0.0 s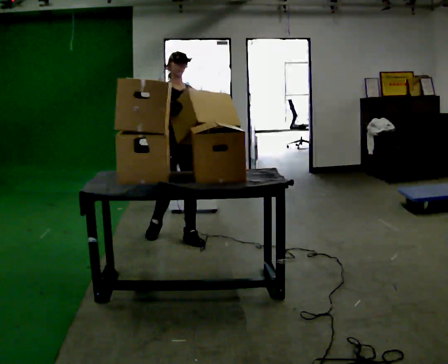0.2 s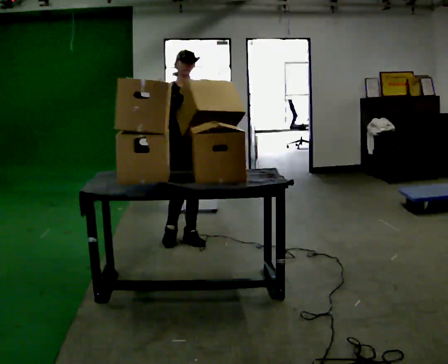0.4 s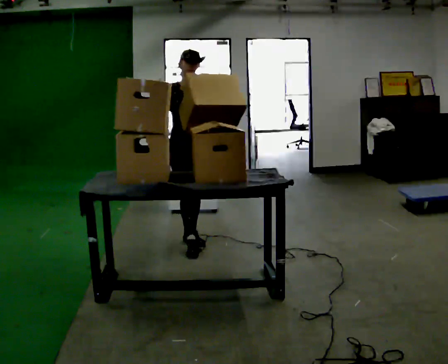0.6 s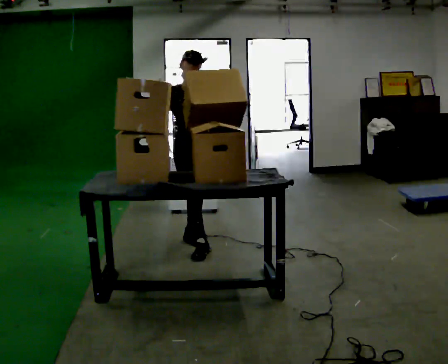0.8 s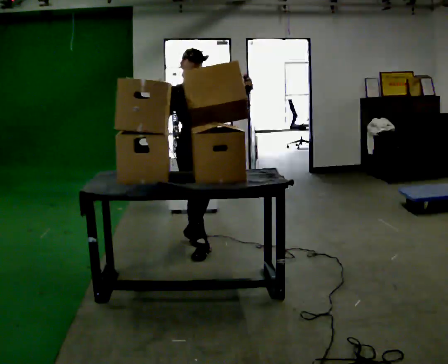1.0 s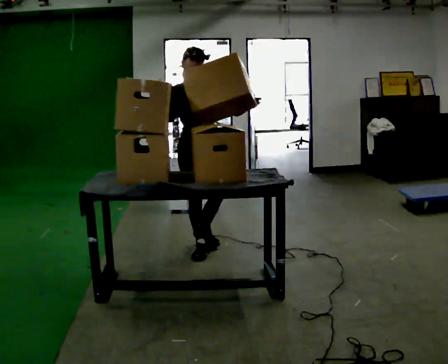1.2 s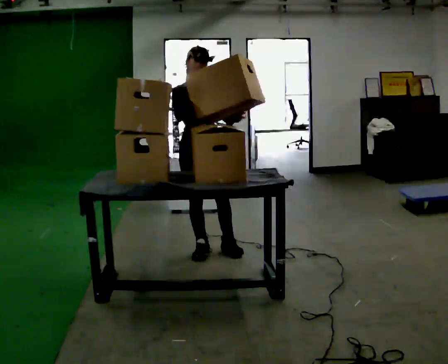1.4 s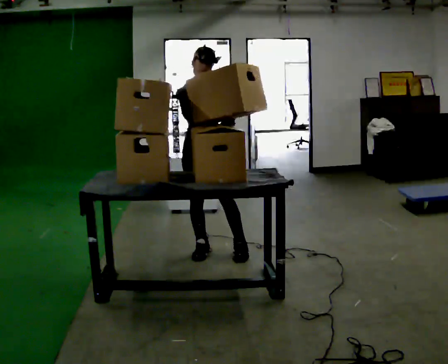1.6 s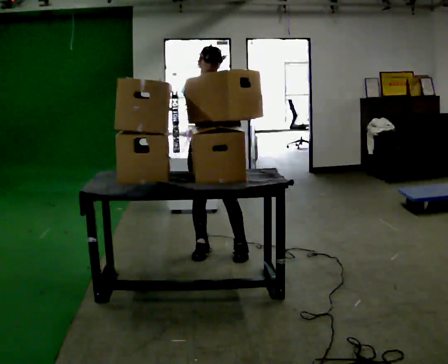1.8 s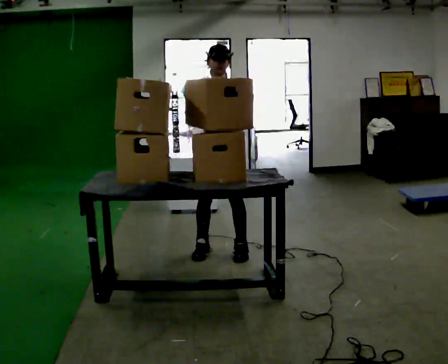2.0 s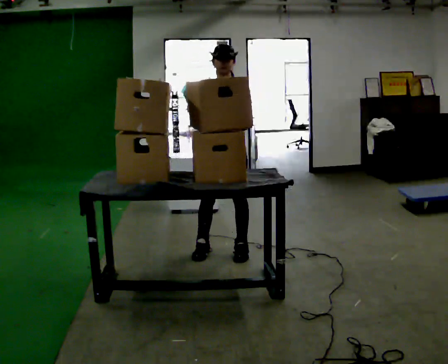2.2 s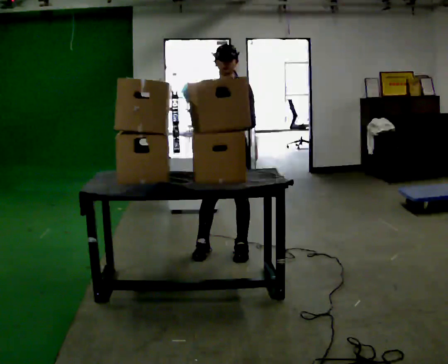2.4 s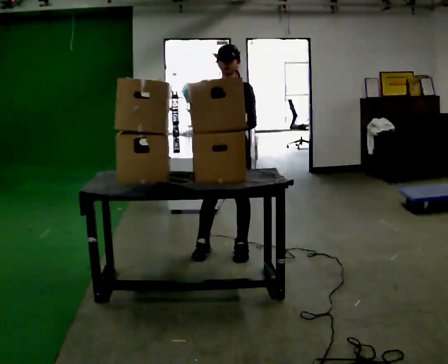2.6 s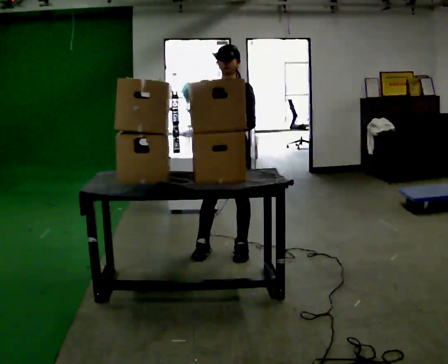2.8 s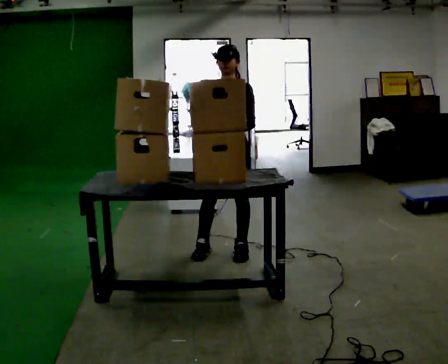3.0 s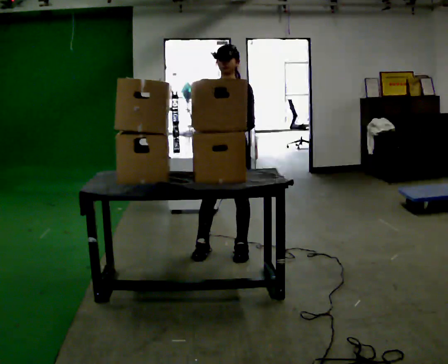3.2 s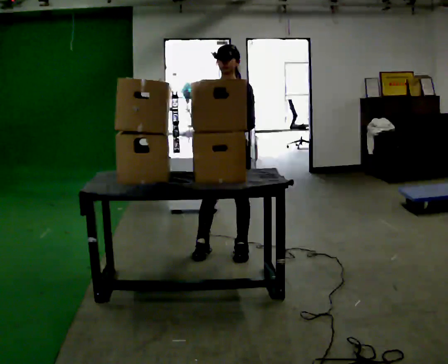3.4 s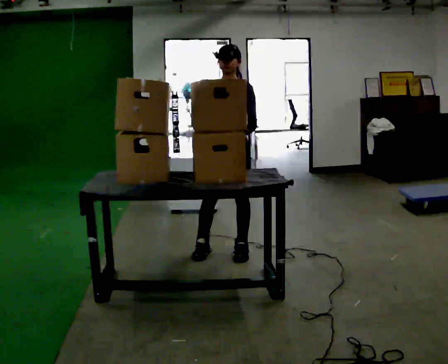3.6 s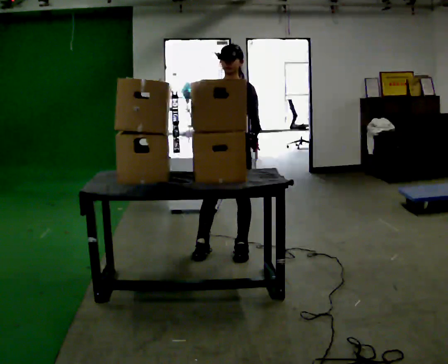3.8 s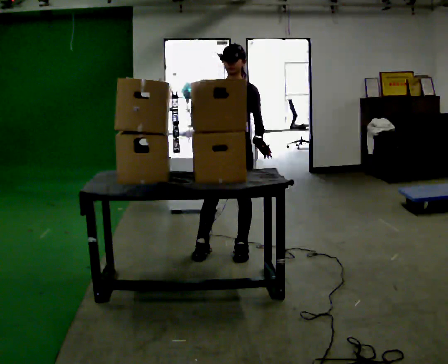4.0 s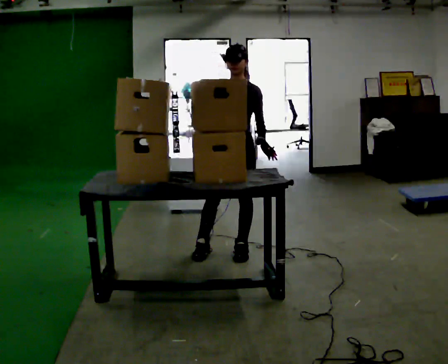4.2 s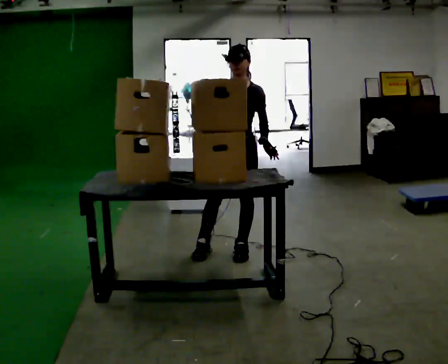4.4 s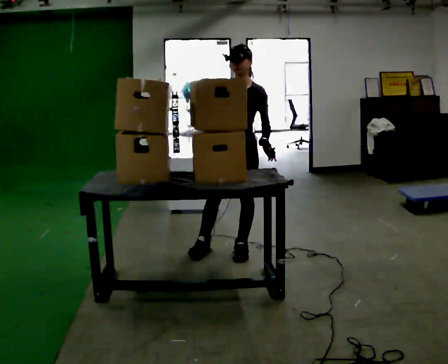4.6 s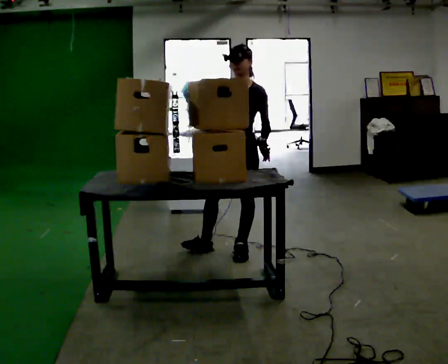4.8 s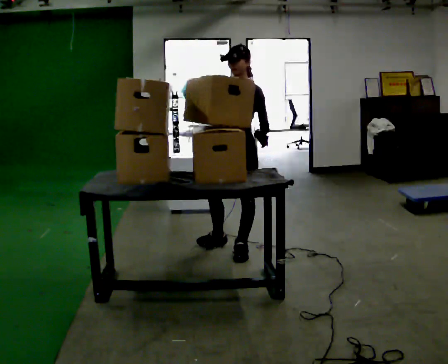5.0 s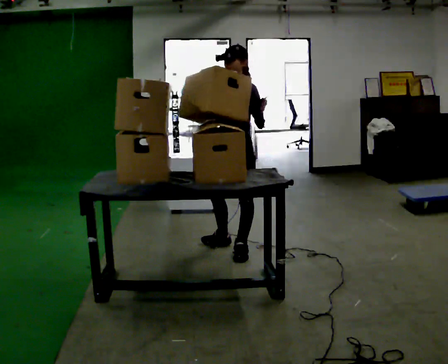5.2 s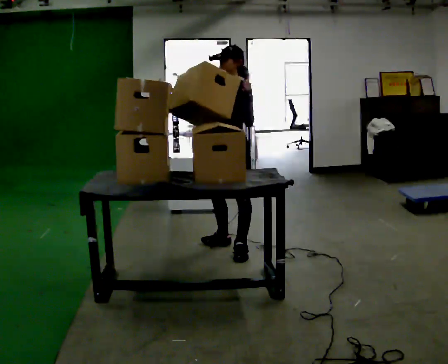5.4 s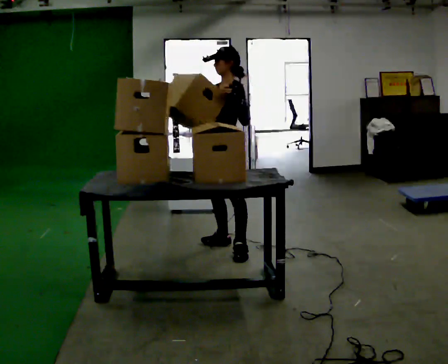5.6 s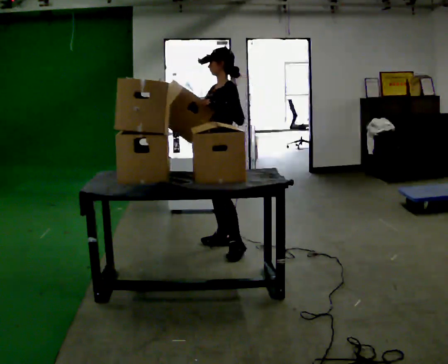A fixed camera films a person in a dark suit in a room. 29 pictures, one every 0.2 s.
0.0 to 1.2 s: In the picture they go toward the camera and to the right, about 0.5 m in 1 step, which for them is forward.
1.2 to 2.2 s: The person turns about 30 degrees to their right, clockwise seen from above, so the part of the body nearest the lens slides to the left. In the picture they go to the right, about 0.25 m in 1 step, which for them is to their left.
2.2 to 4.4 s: The person moves a little, or ends about where they began.
4.4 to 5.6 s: The person turns about 60 degrees to their right, clockwise seen from above, so the part of the body nearest the lens slides to the left. In the picture they go away from the camera, about 0.25 m in 1 step, which for them is to their right.
The film runs forward here.
